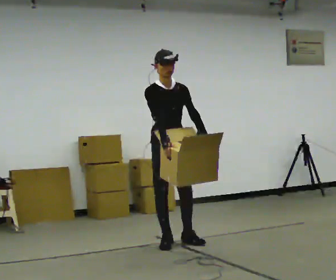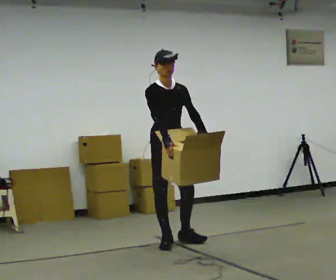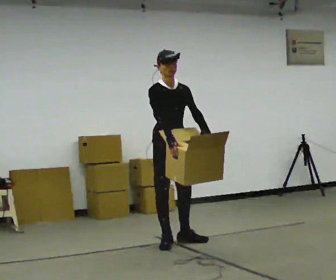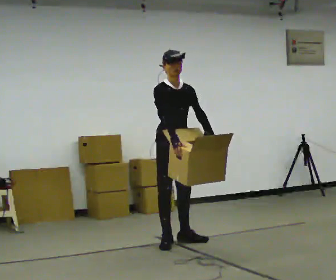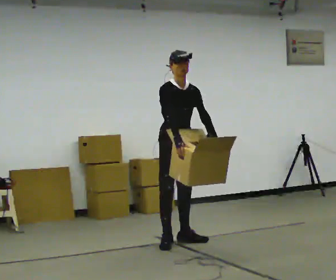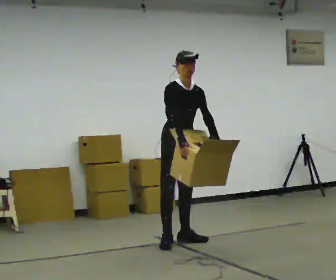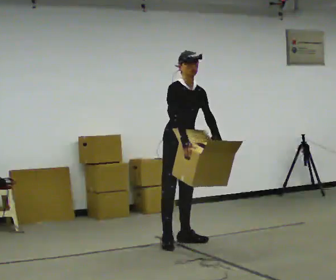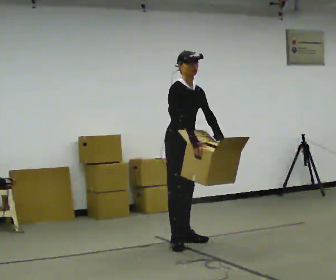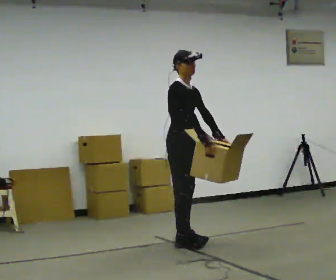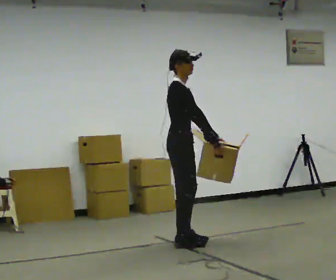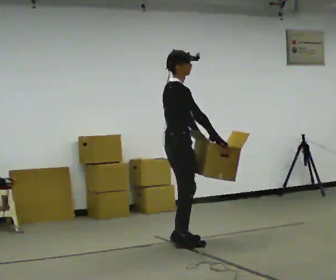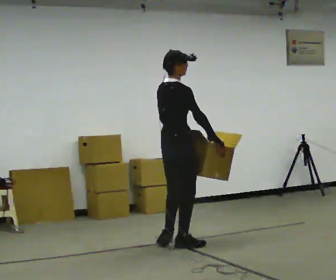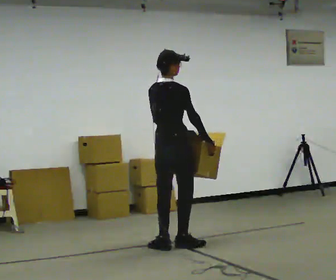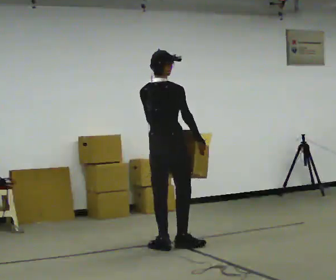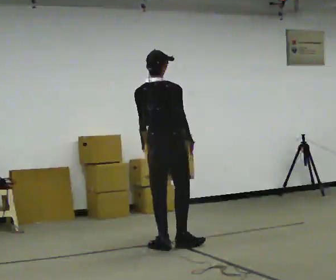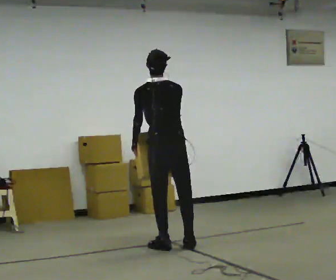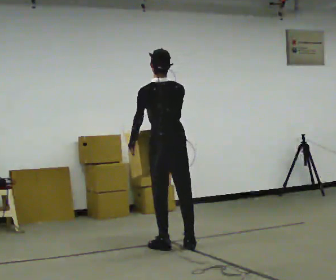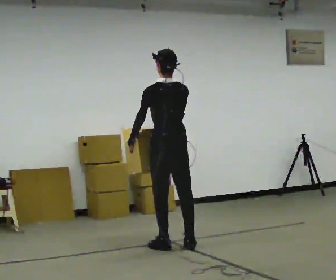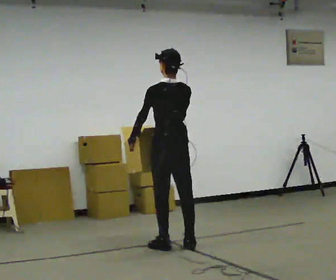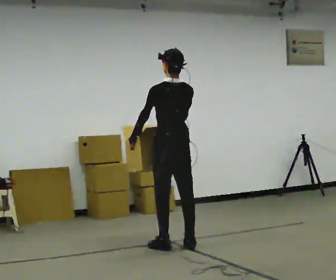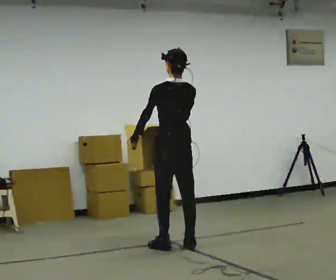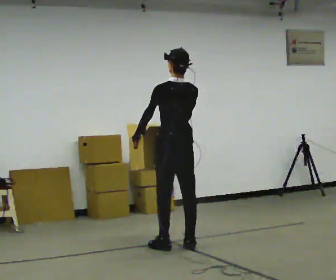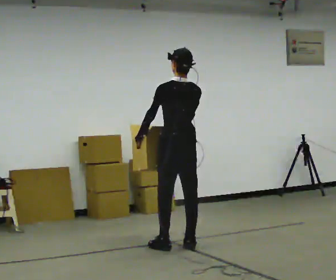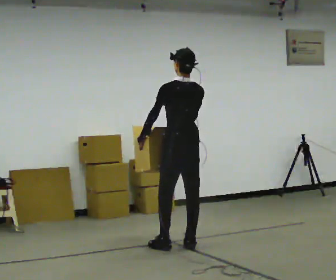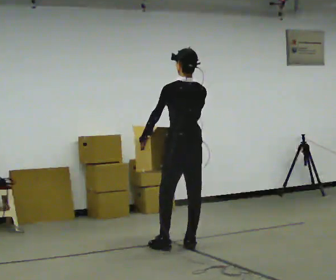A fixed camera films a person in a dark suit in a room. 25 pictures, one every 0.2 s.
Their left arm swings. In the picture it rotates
clockwise.
The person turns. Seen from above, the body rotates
counterclockwise.
0.0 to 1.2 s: The person moves a little, or ends about where they began.
1.2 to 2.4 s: The person turns about 105 degrees to their left, counterclockwise seen from above, so the part of the body nearest the lens slides to the right. In the picture they go toward the camera, about 0.25 m in 1 step. In the picture the upper body tilts counterclockwise, shoulders to the left.
2.4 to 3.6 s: Seen from above the body turns counterclockwise, about 60 degrees: to their left, with its near side sliding to the right. In the picture their right hand goes to the left.
3.6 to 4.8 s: The person moves a little, or ends about where they began.
The film runs backward here.
